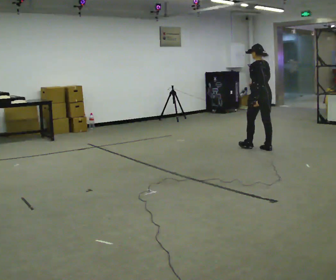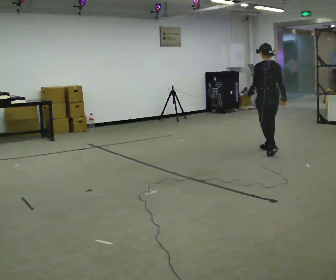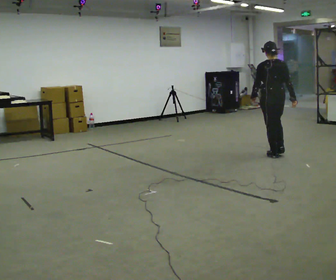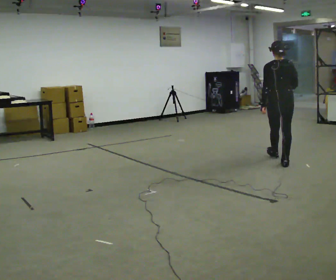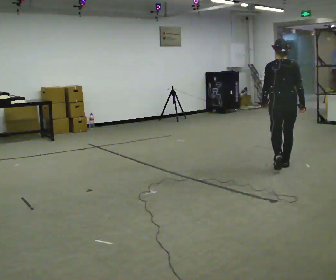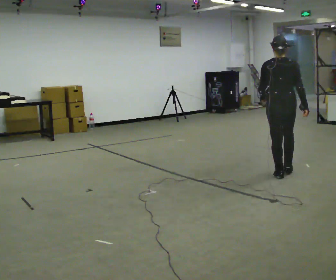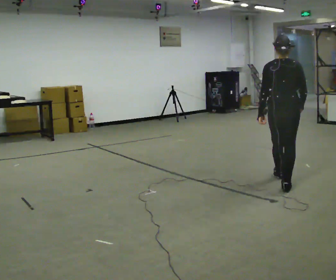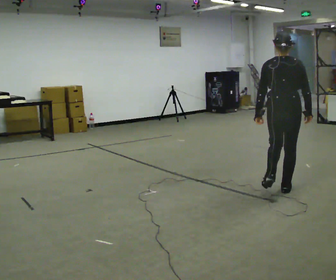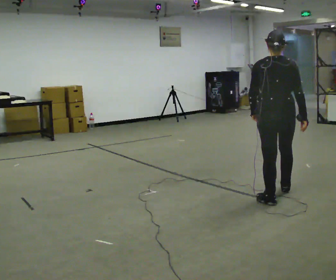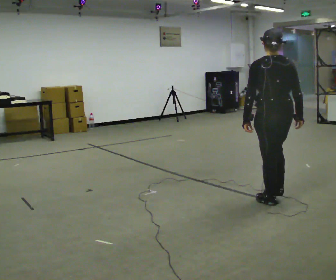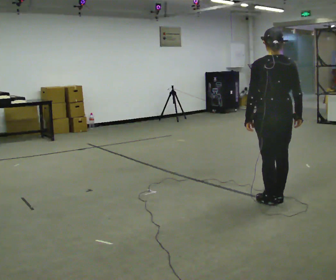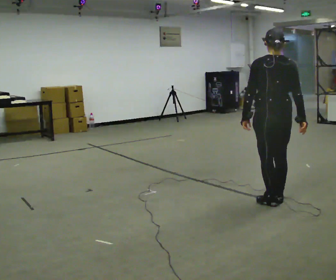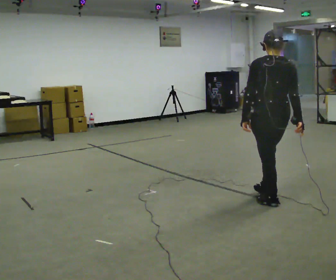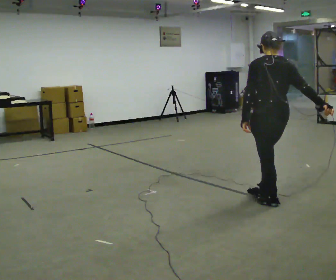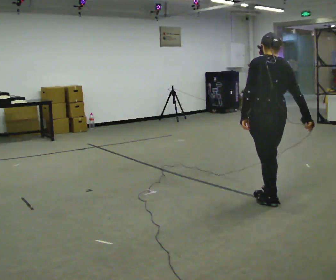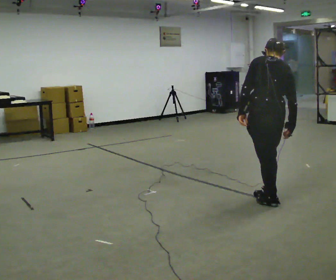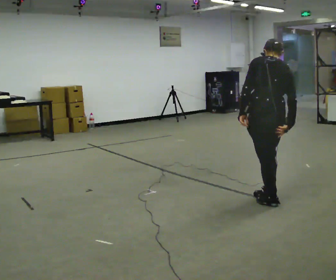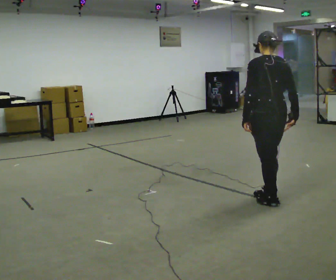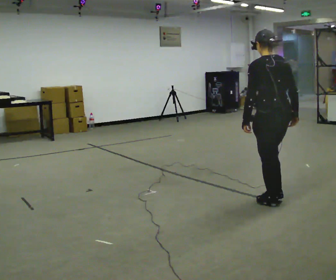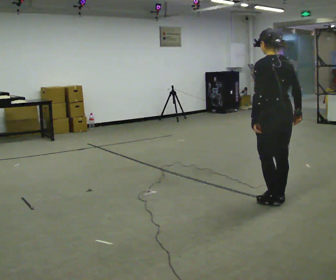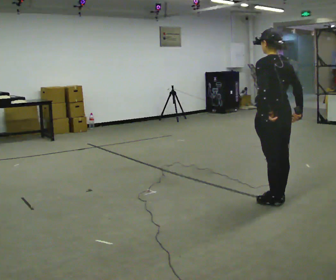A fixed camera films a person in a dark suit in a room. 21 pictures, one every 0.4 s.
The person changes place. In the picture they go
toward the camera.
0.0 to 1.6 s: Seen from above the body turns clockwise, about 45 degrees: to their right, with its near side sliding to the left. In the picture they go toward the camera, about 1 m in 2 steps, which for them is backward.
1.6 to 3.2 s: In the picture they go toward the camera, about 1 m in 2 steps, which for them is backward.
3.2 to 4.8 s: In the picture they go toward the camera, about 0.25 m in 1 step, which for them is backward.
4.8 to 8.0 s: The person moves a little, or ends about where they began.
The film runs backward here.
